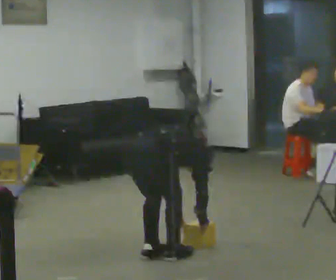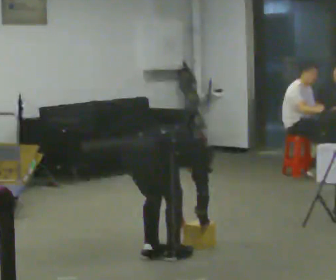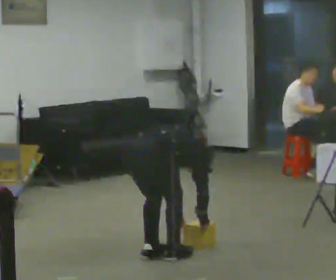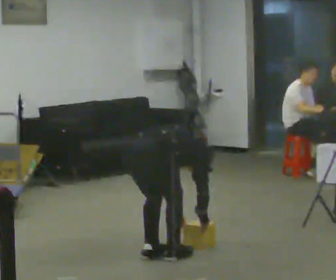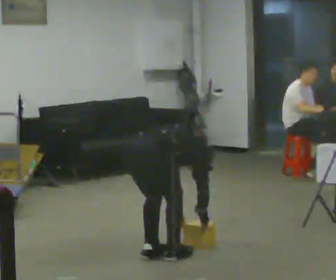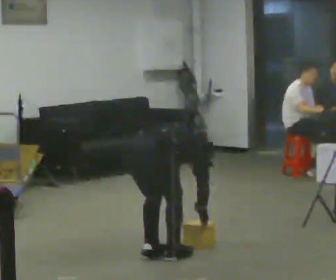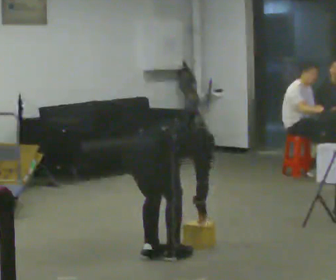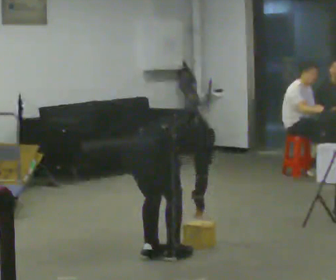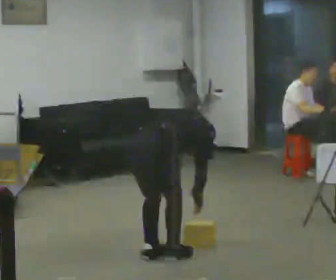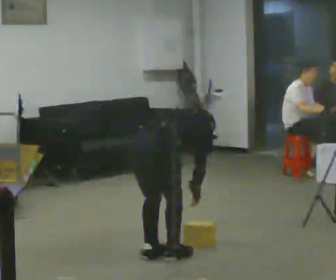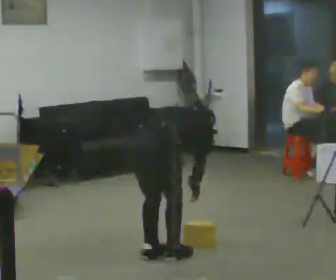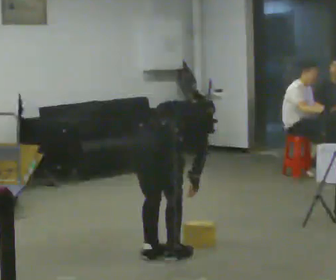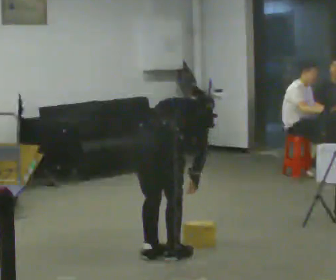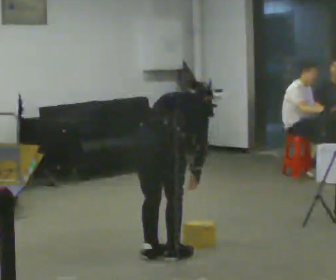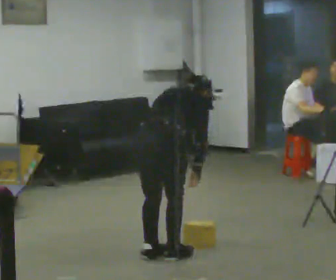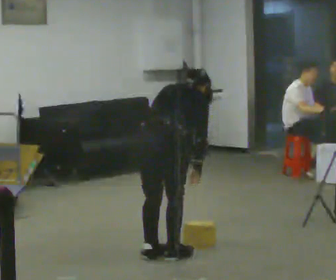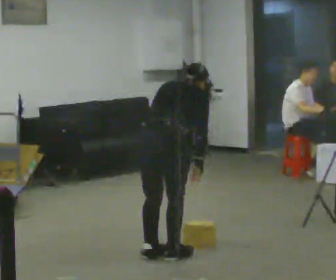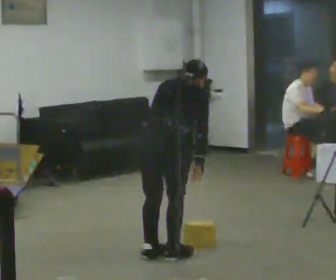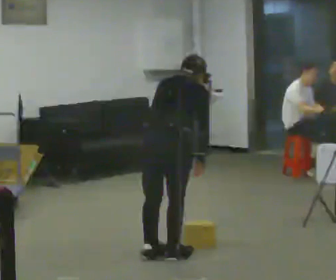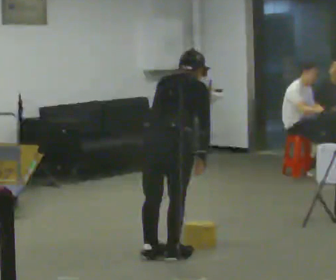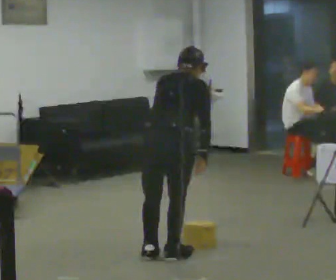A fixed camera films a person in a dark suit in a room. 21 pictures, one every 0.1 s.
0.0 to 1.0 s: The upper body goes upward. The upper body tips toward the camera, its near side rolling downward, as they lean back or straighten.
1.0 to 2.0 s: The upper body goes upward. The upper body tips toward the camera, its near side rolling downward, as they lean back or straighten.
The film runs forward here.
